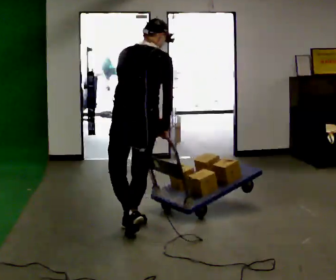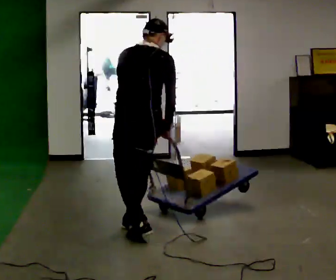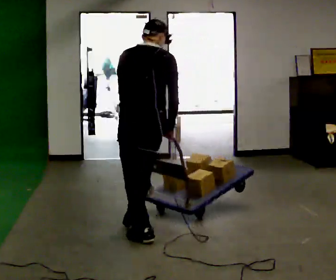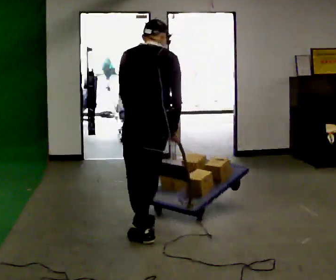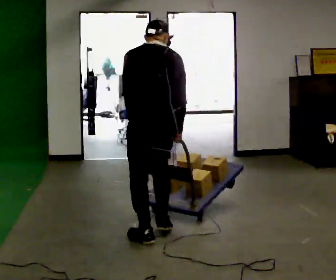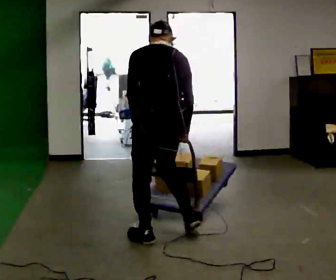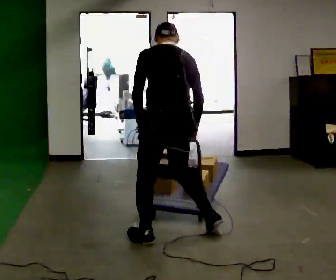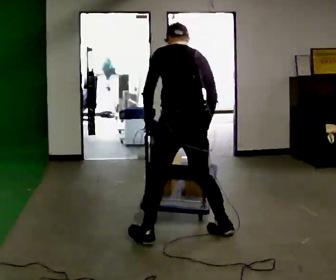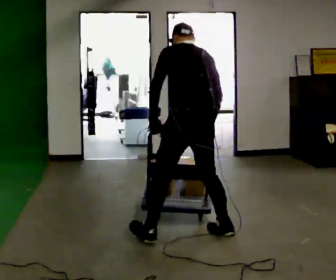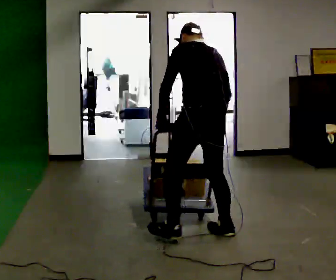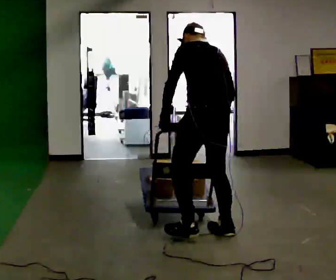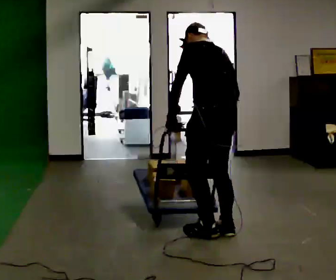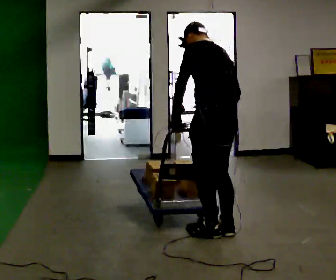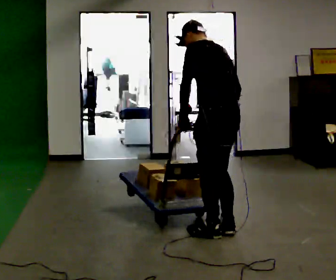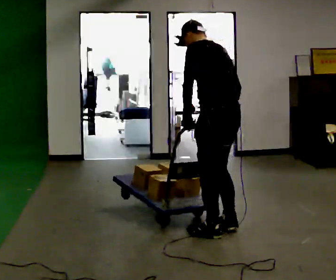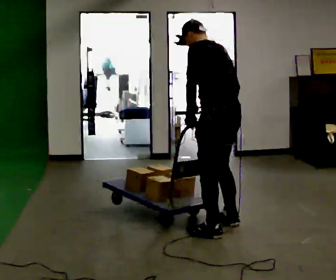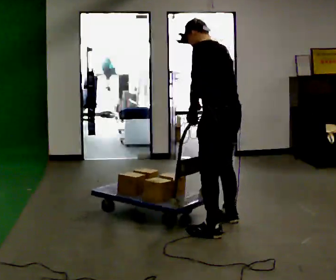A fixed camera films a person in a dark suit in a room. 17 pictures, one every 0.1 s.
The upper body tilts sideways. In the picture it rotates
counterclockwise.
0.0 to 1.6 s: Seen from above the body turns counterclockwise, about 60 degrees: to their left, with its near side sliding to the right. In the picture they go to the right, about 0.75 m in 3 steps, which for them is to their right and backward. In the picture the upper body tilts counterclockwise, shoulders to the left.
The film runs backward here.
